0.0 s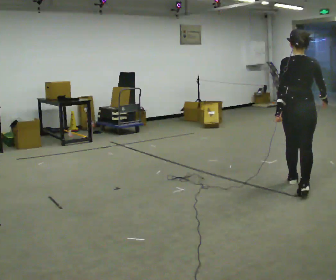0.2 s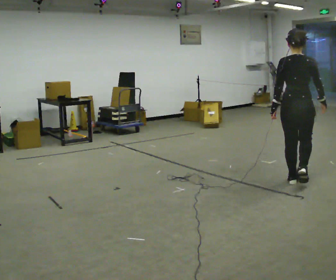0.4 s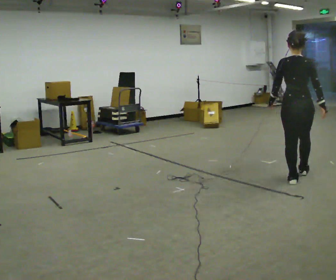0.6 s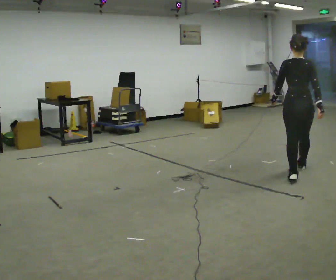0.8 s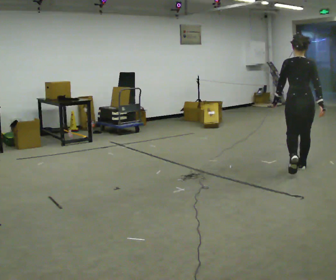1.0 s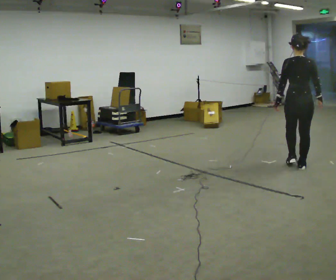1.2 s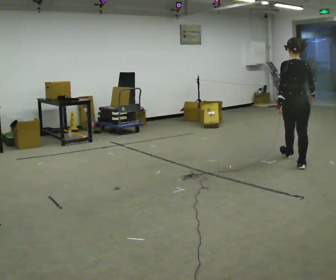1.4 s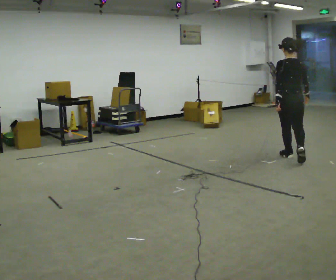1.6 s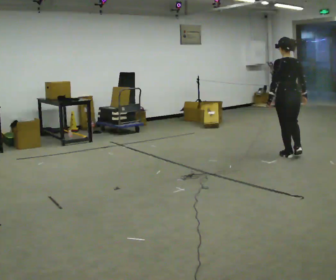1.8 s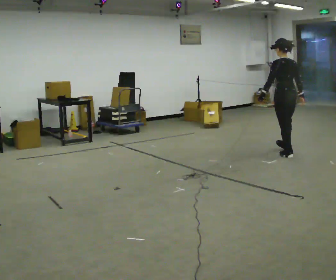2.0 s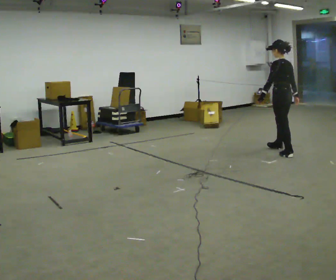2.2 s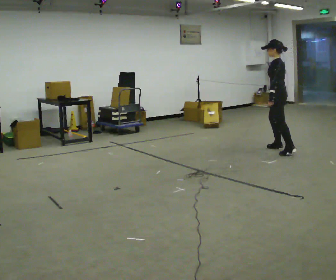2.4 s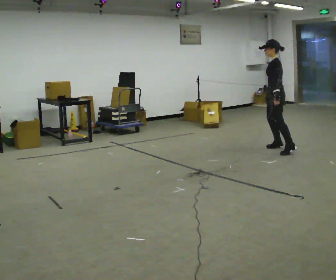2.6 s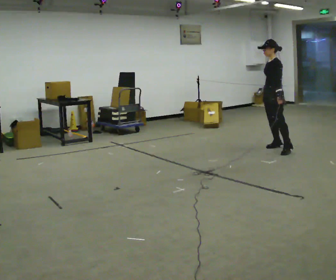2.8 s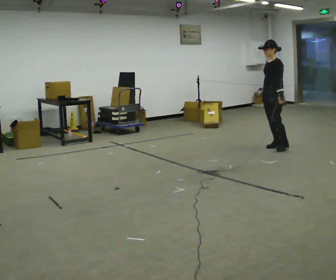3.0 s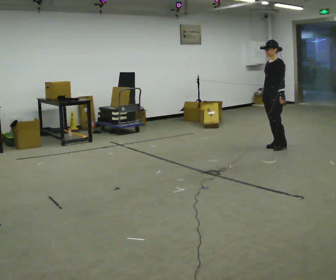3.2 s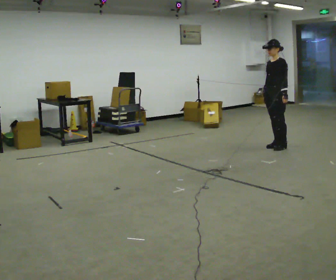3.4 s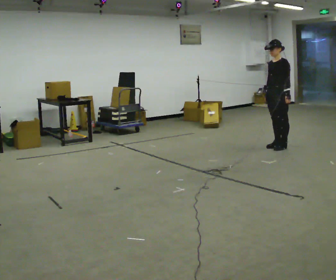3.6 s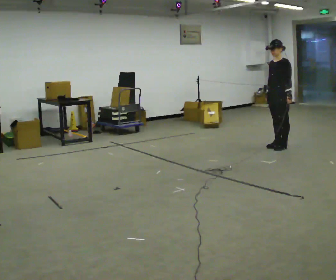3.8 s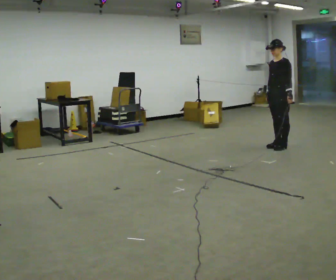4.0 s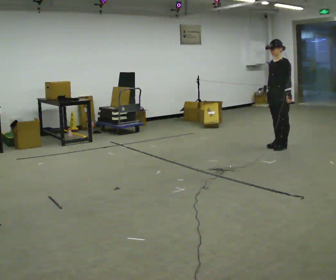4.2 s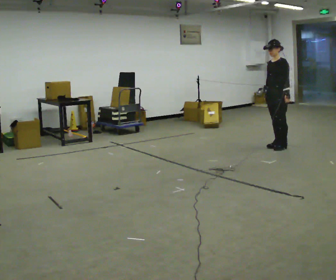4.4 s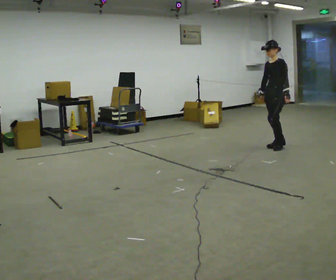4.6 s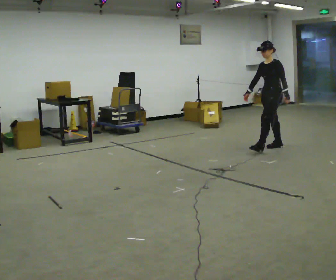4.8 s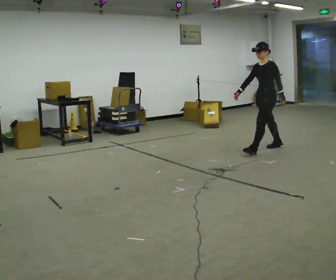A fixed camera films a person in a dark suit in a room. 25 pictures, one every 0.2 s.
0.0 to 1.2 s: In the picture they go away from the camera, about 1 m in 2 steps, which for them is forward.
1.2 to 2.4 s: The person turns about 105 degrees to their left, counterclockwise seen from above, so the part of the body nearest the lens slides to the right. In the picture they go away from the camera, about 1 m in 1 step.
2.4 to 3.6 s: Seen from above the body turns counterclockwise, about 30 degrees: to their left, with its near side sliding to the right.
3.6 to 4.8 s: In the picture they go to the left, about 0.25 m in 1 step, which for them is forward. In the picture their right hand goes to the left.
The film runs forward here.
